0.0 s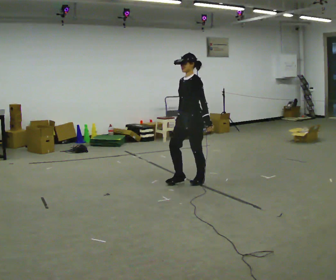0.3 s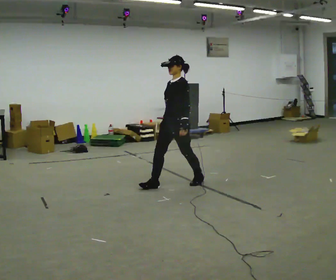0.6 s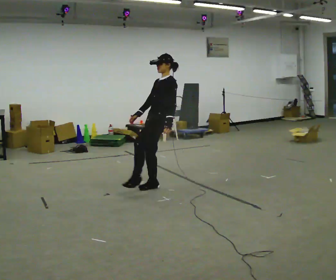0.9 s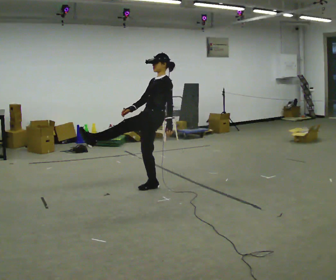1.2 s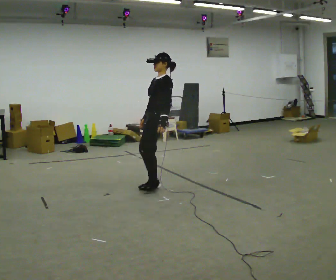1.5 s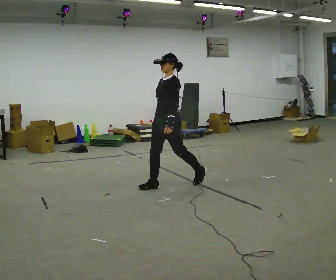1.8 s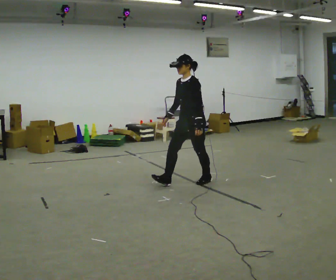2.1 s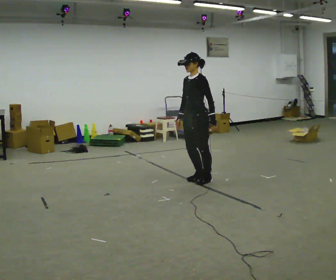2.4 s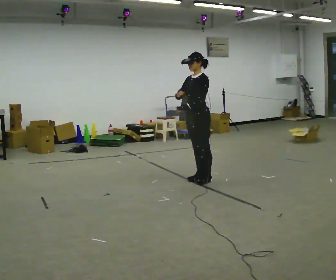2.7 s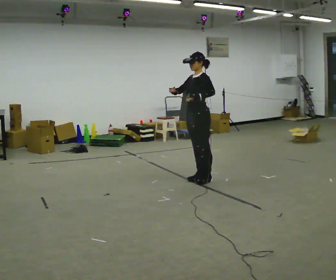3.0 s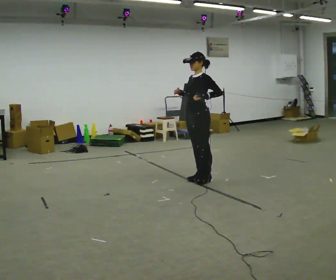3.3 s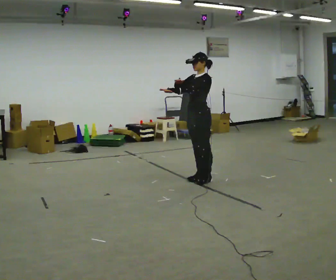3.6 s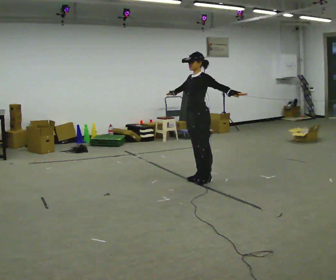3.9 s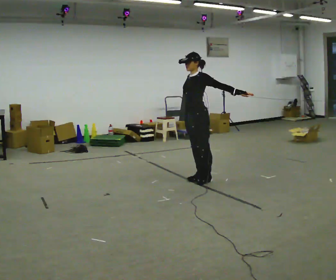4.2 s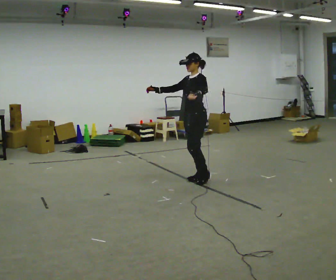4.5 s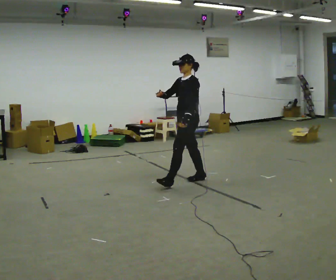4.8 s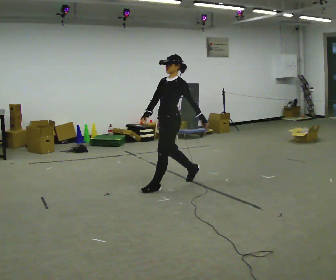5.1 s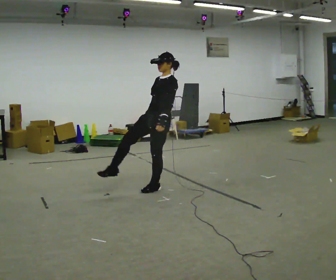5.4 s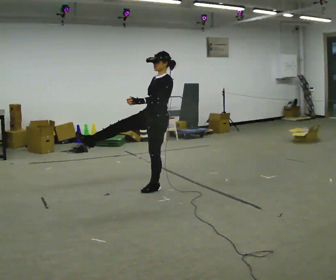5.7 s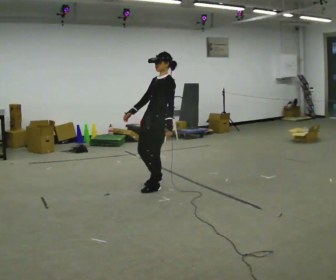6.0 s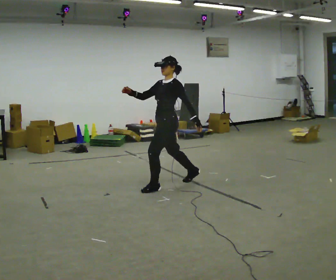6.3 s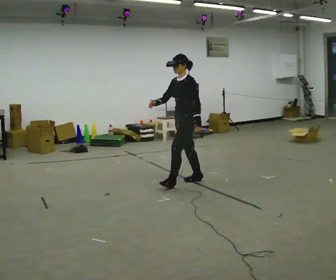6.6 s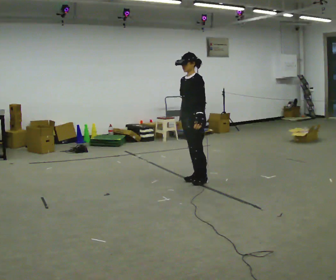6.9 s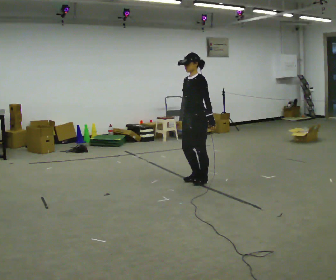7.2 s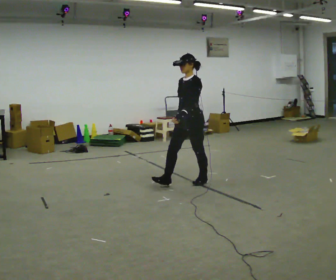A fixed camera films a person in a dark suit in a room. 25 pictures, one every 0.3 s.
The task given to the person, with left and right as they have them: Repeat a short dance step or sequence over and over in time with a steady beat.
0.0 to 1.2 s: In the picture they go to the left and toward the camera, about 0.5 m in 1 step, which for them is forward.
1.2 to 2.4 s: In the picture they go to the right and away from the camera, about 0.5 m in 1 step, which for them is backward.
2.4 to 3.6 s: The person moves a little, or ends about where they began.
3.6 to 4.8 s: In the picture they go to the left and toward the camera, about 0.5 m in 1 step, which for them is forward.
4.8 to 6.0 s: The person moves a little, or ends about where they began.
6.0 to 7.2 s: In the picture they go to the right, about 0.25 m in 1 step, which for them is backward. In the picture their right hand goes downward, the arm swinging counterclockwise.
The film runs forward here.
